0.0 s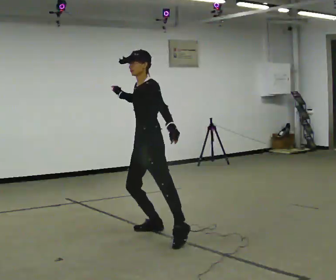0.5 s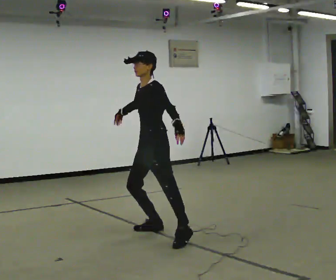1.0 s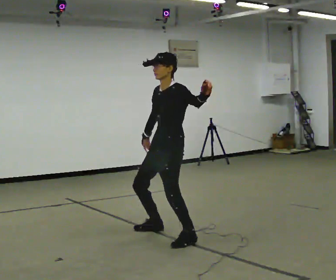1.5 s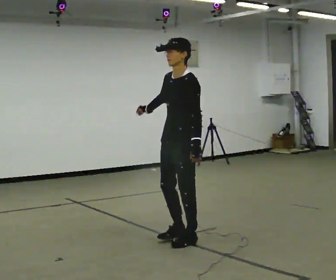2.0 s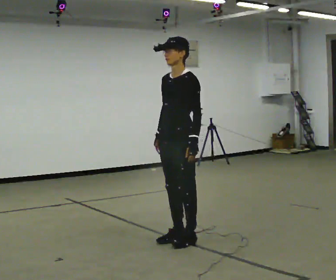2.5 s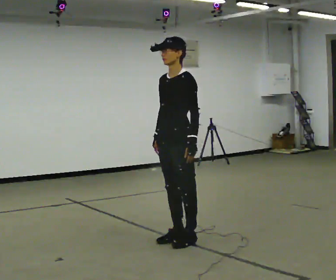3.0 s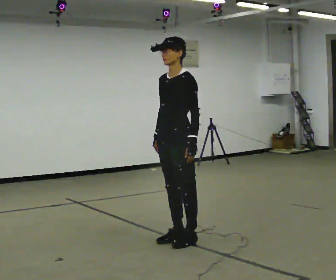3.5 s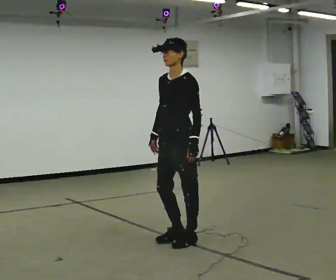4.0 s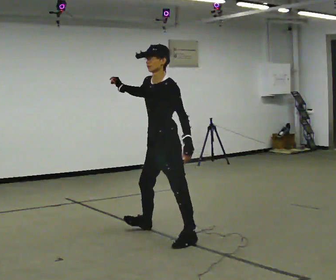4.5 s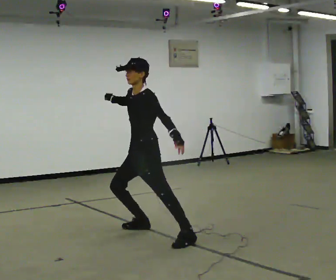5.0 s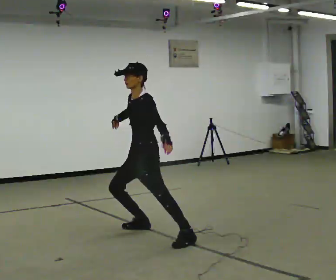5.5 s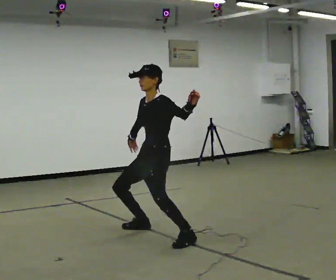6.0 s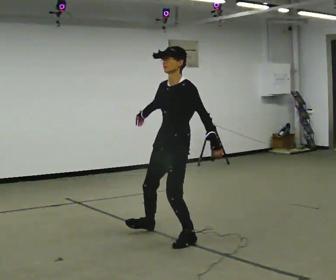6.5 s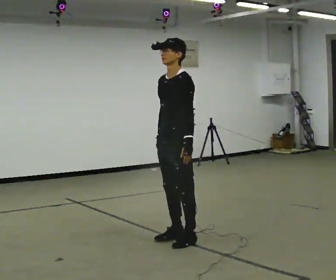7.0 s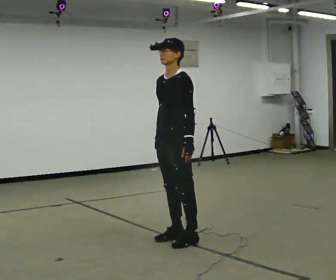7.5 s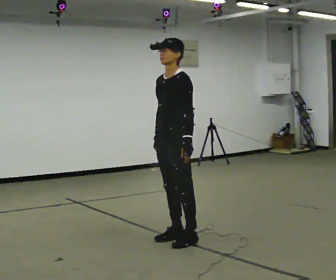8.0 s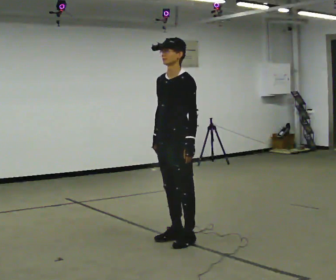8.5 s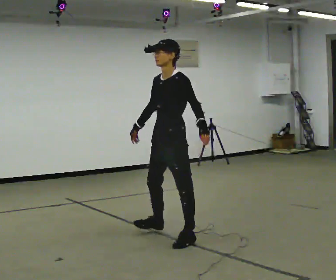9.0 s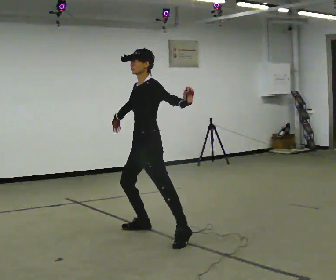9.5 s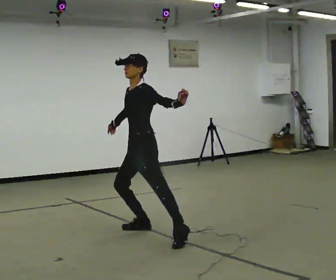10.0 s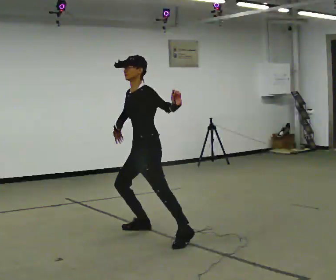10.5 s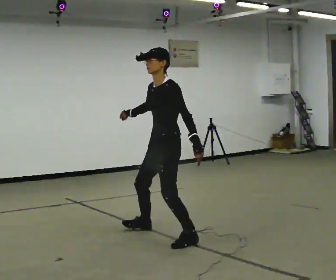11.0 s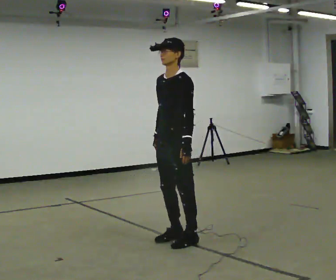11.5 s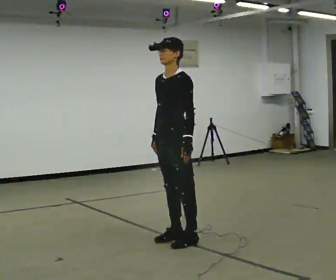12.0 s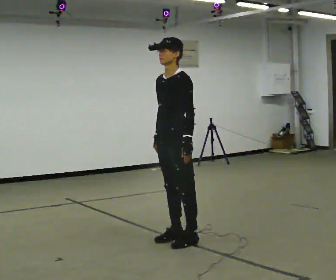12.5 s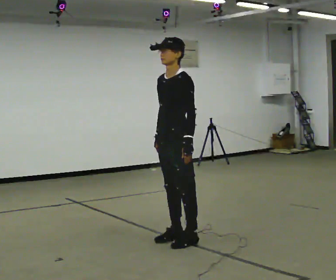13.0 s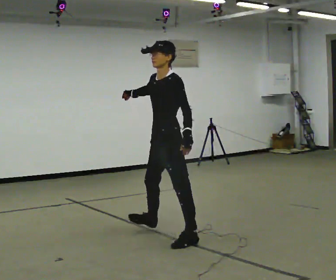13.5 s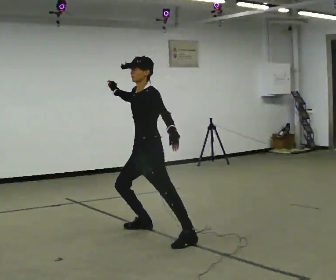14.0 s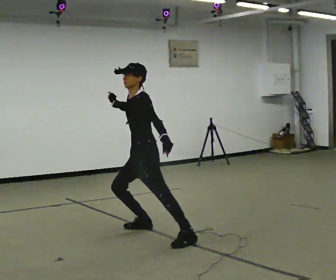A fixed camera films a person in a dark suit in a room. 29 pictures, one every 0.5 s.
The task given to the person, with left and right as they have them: Move however you like, changing style and tempo as you go; keep moving continuously.
0.0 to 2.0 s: In the picture they go toward the camera and to the right, about 0.5 m in 1 step, which for them is to their left. In the picture their right hand goes downward.
2.0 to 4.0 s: In the picture their right hand goes upward and to the left, the arm swinging clockwise.
4.0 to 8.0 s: In the picture their right hand goes downward and to the right.
8.0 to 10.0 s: In the picture they go away from the camera and to the left, about 0.5 m in 1 step, which for them is to their right.
10.0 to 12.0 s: In the picture they go toward the camera and to the right, about 0.5 m in 1 step, which for them is to their left.
12.0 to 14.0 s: In the picture they go away from the camera and to the left, about 0.5 m in 1 step, which for them is to their right. The upper body goes downward. In the picture their right hand goes upward.
The film runs forward here.
